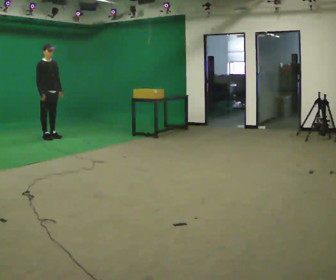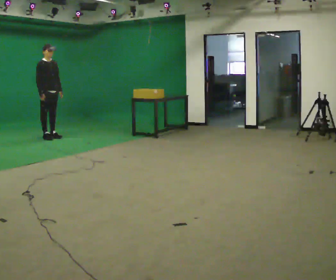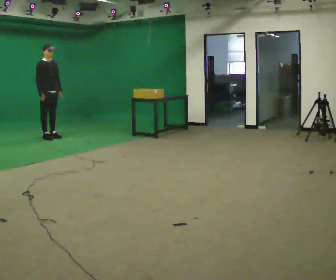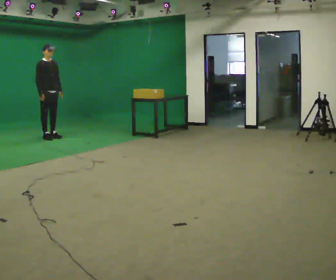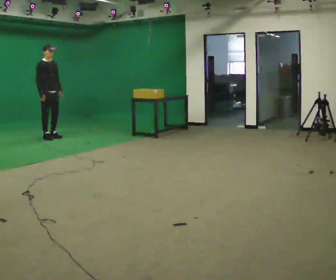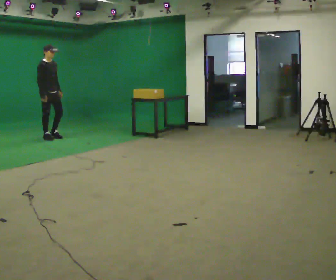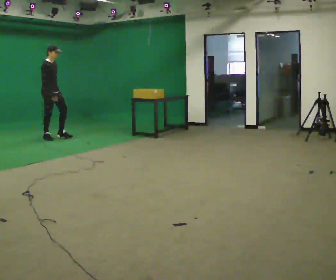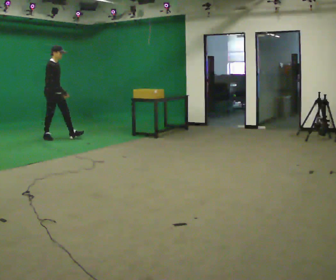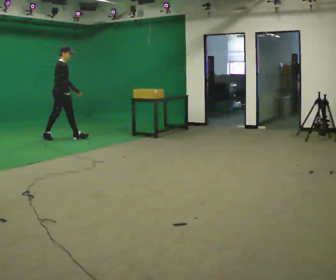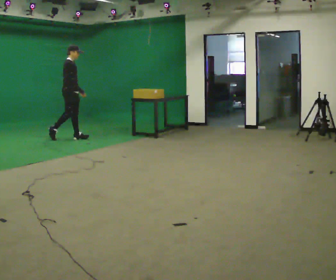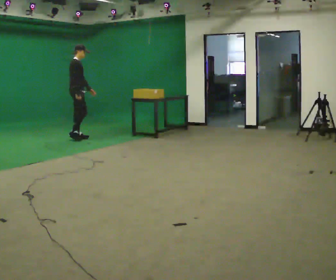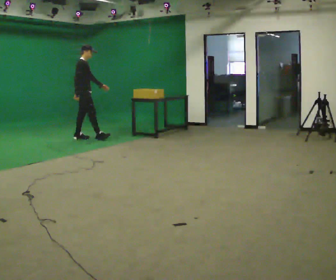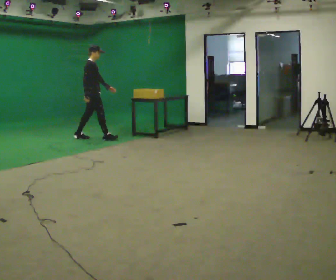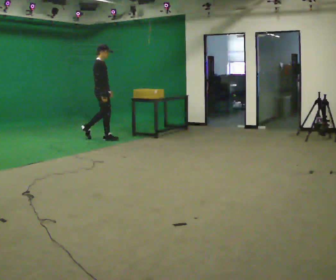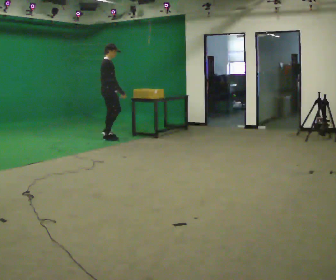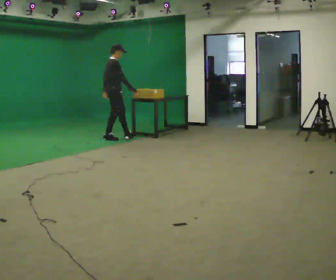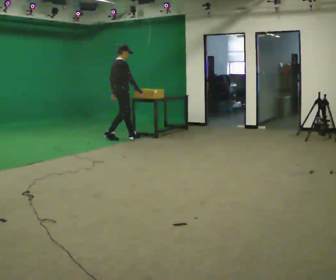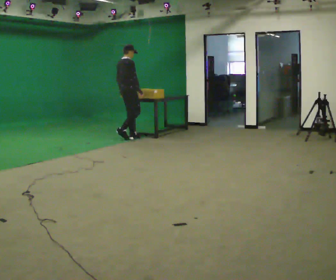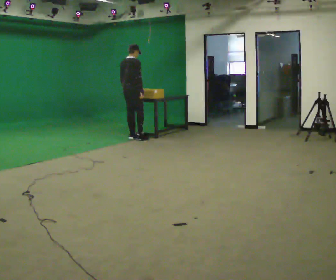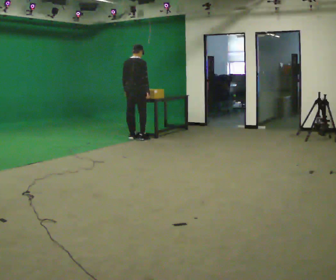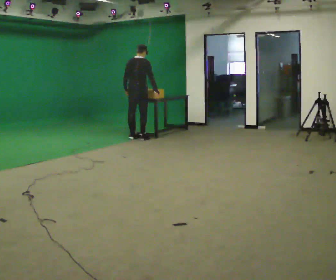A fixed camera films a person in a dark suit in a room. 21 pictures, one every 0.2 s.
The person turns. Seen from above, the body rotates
counterclockwise.
The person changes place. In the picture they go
to the right.
0.0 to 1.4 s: The person moves a little, or ends about where they began.
1.4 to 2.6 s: In the picture they go to the right, about 1 m in 2 steps, which for them is forward.
2.6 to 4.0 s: The part of the body nearest the lens slides to the right as the person turns to their left by about 60 degrees. In the picture they go to the right, about 0.75 m in 2 steps, which for them is forward.
The film runs forward here.
